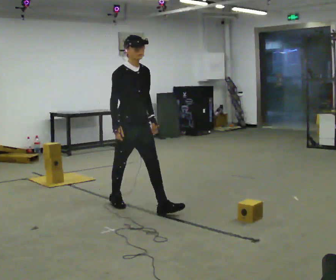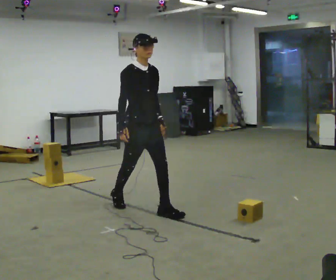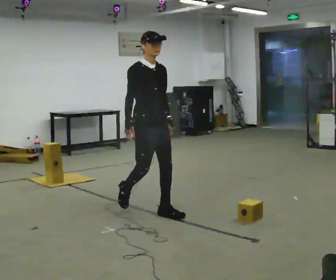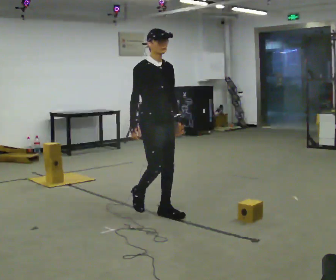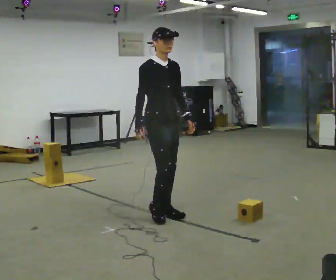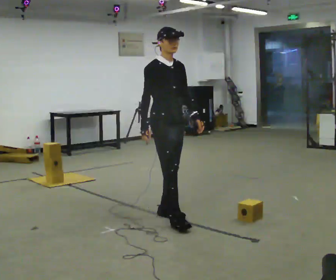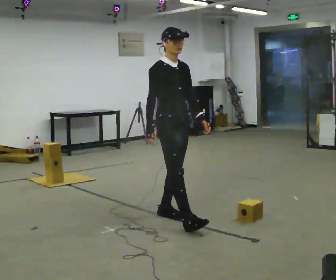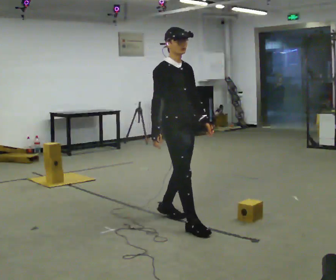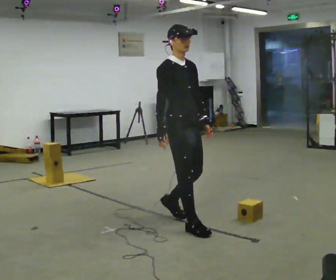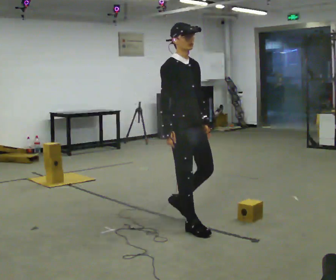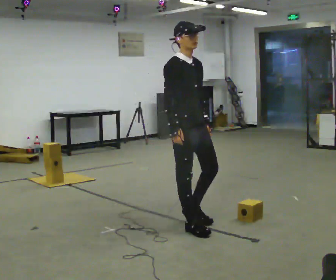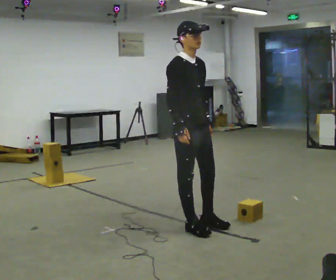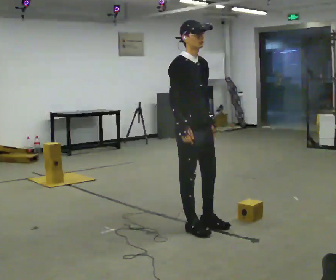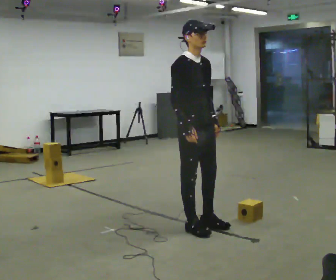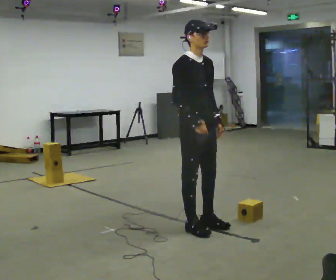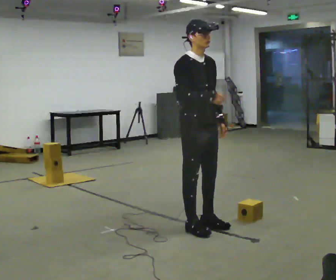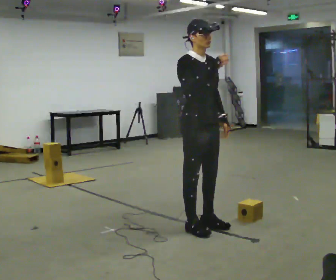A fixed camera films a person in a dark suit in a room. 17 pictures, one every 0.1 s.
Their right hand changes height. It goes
upward.
0.0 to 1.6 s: In the picture they go to the right and toward the camera, about 1 m in 3 steps, which for them is forward. In the picture their right hand goes upward.
The film runs forward here.
